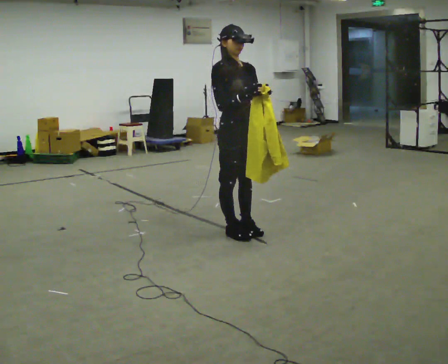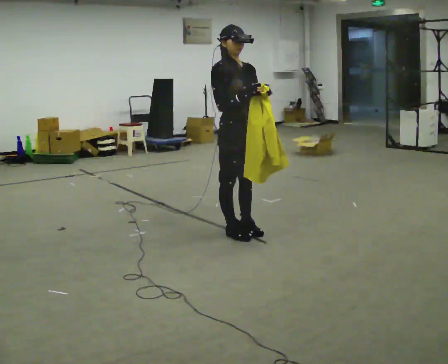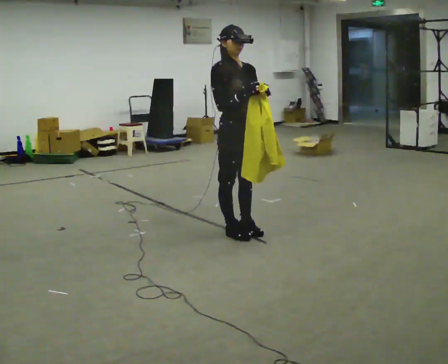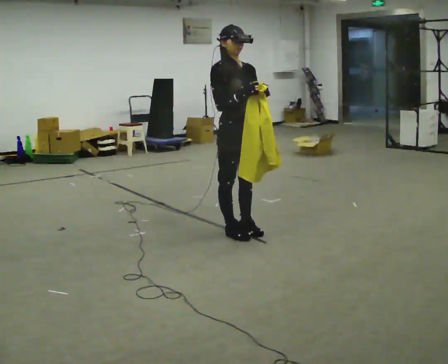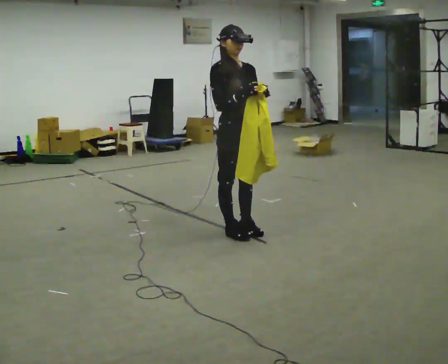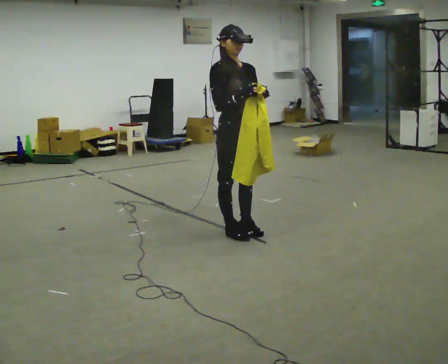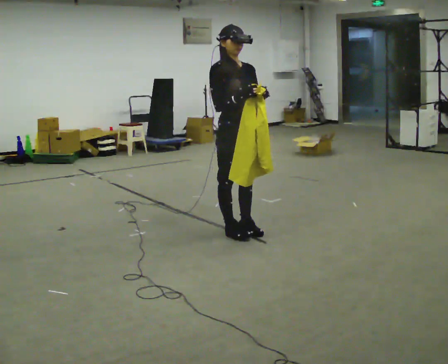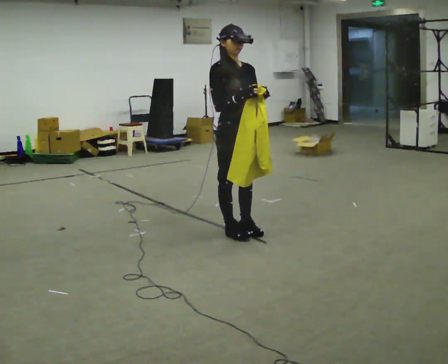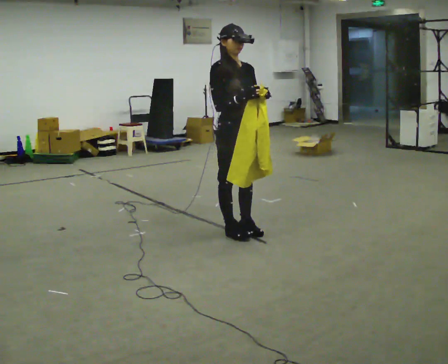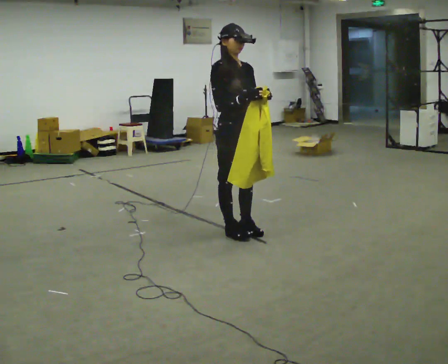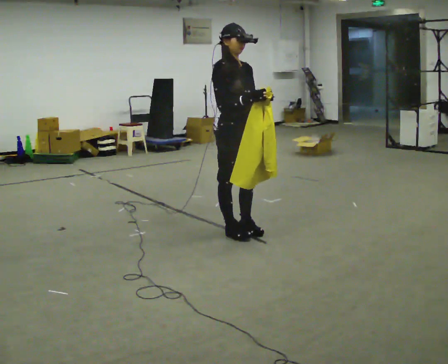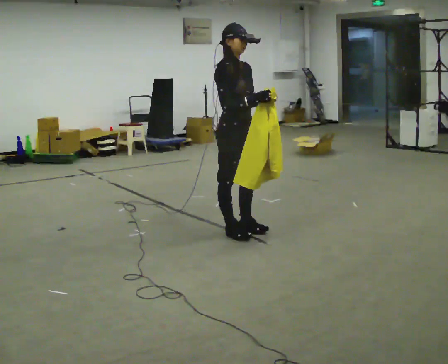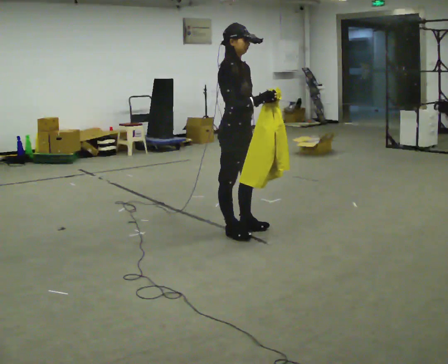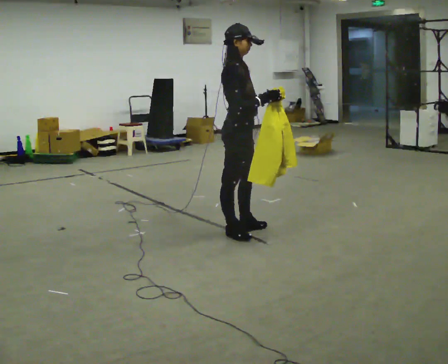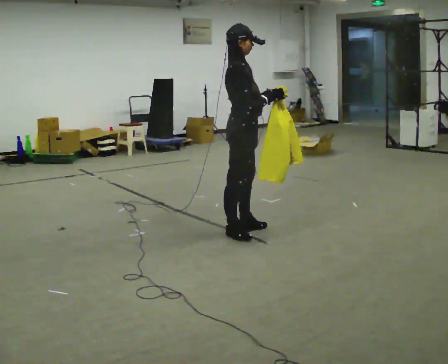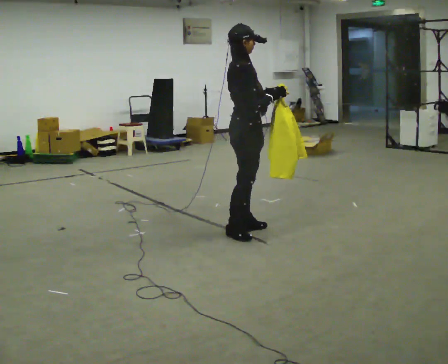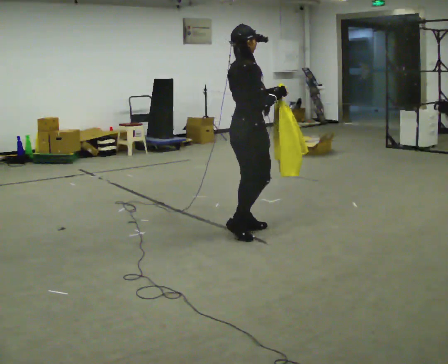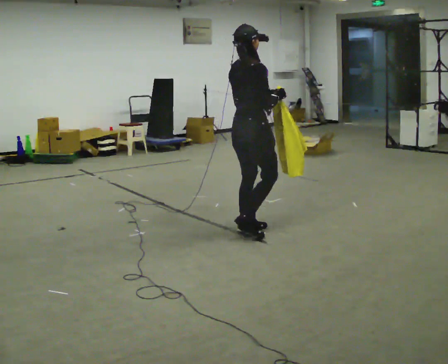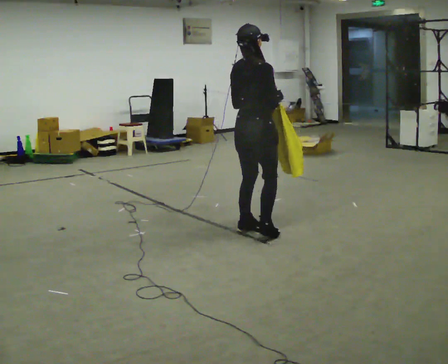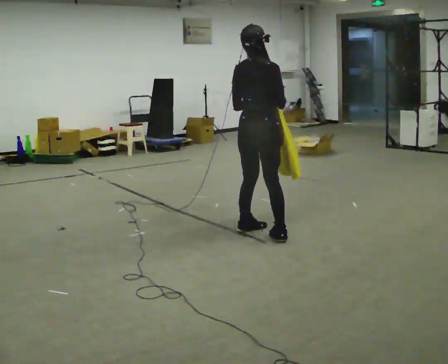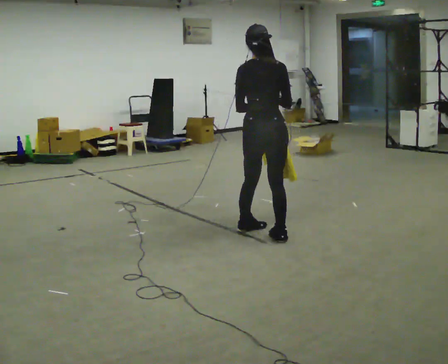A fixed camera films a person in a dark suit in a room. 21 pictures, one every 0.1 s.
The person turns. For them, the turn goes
to their left.
The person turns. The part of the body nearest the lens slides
to the right.
0.0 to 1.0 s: The person moves a little, or ends about where they began.
1.0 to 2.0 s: The part of the body nearest the lens slides to the right as the person turns to their left by about 120 degrees. In the picture they go to the right, about 0.25 m in 1 step.
The film runs forward here.
